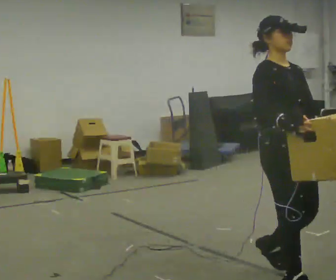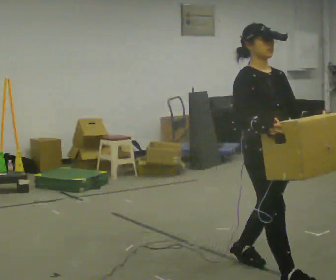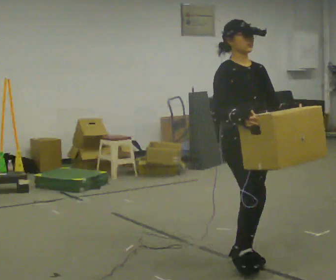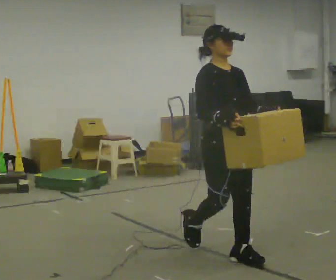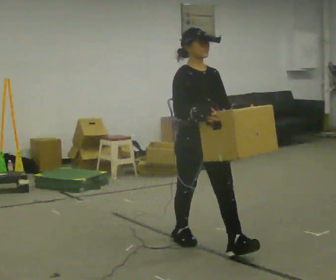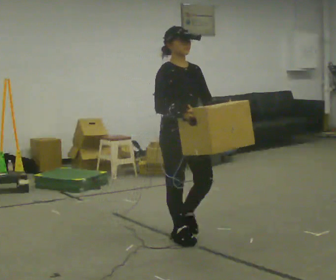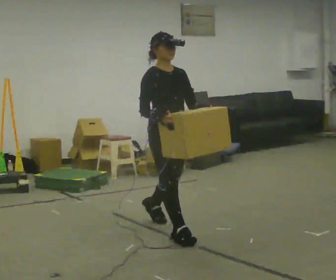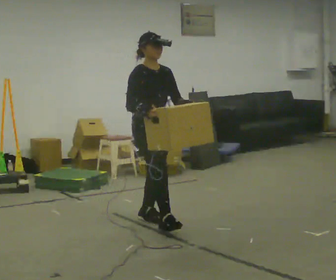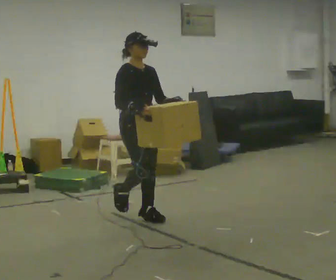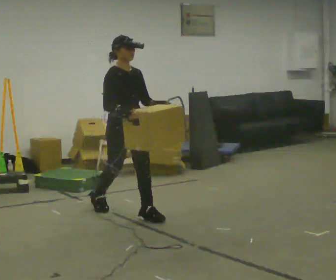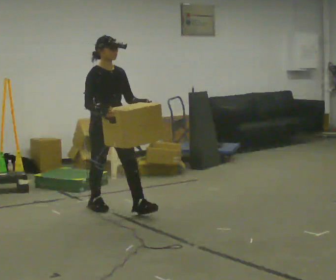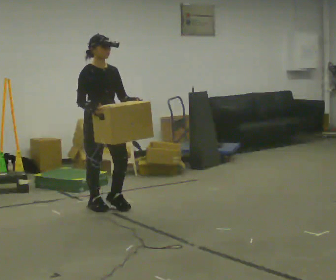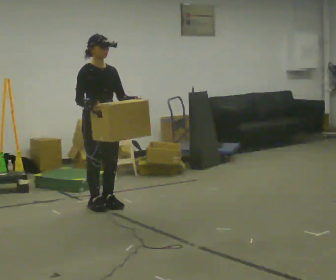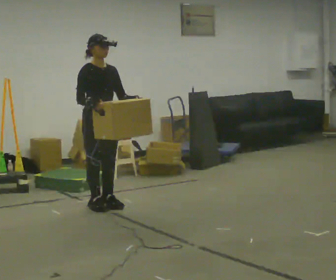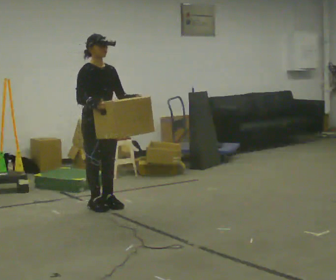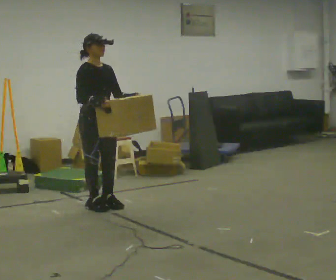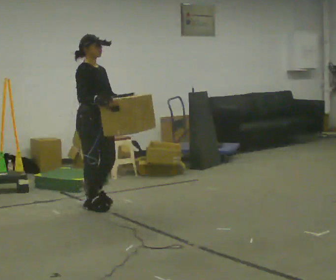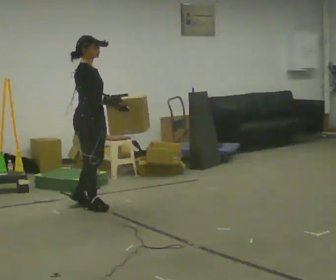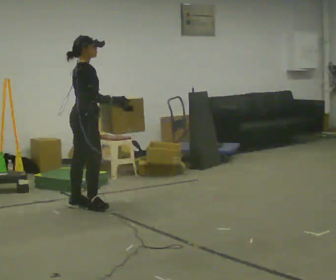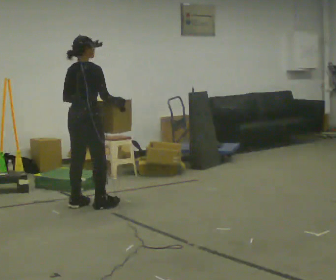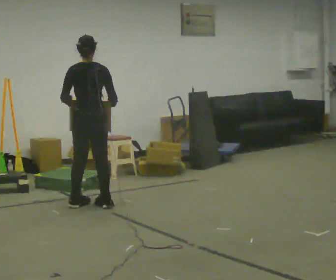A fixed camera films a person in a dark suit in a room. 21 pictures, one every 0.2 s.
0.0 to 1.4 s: In the picture they go away from the camera and to the left, about 1.5 m in 3 steps, which for them is backward.
1.4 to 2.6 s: In the picture they go away from the camera and to the left, about 1 m in 1 step, which for them is backward.
2.6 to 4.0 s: Seen from above the body turns counterclockwise, about 135 degrees: to their left, with its near side sliding to the right.
The film runs backward here.
